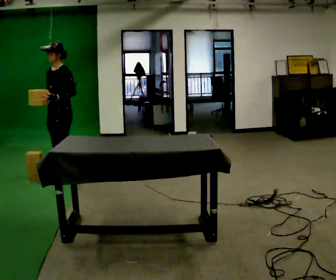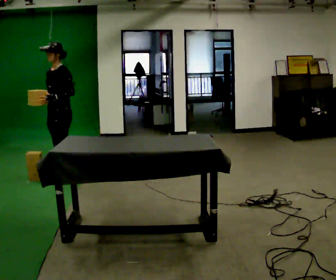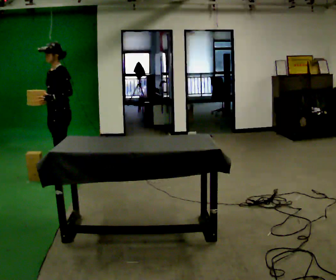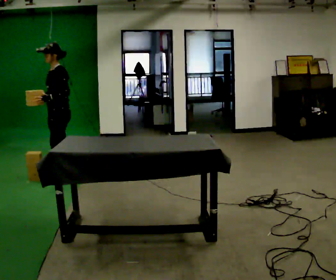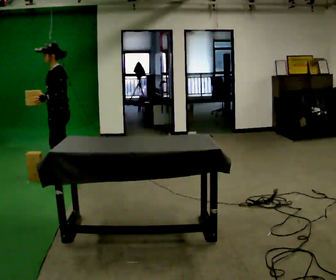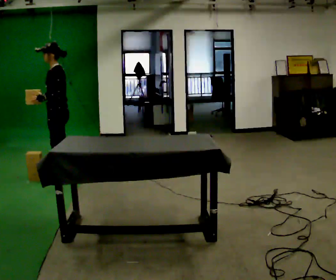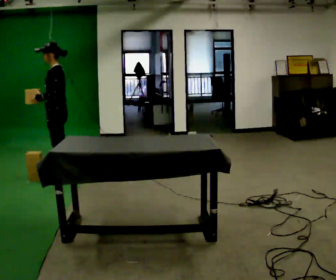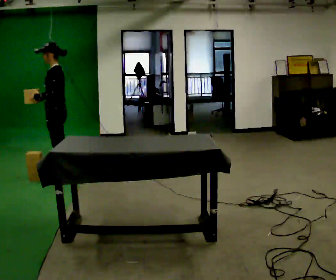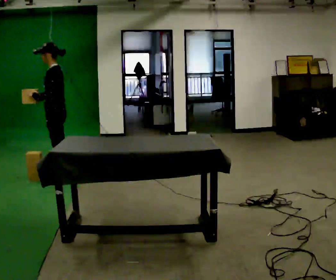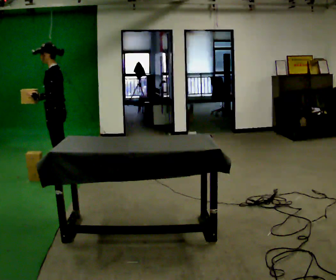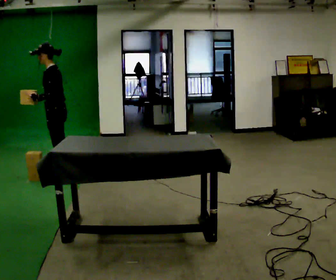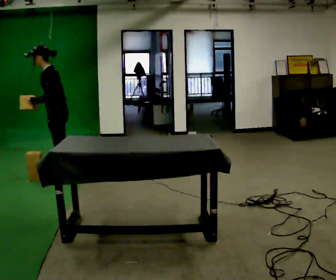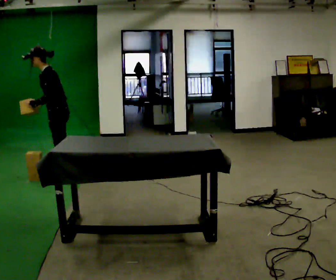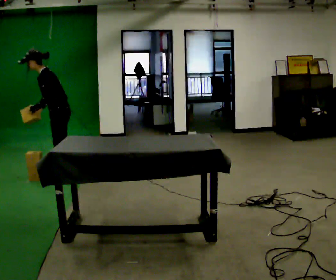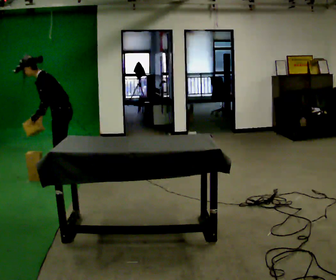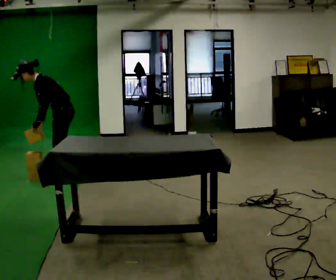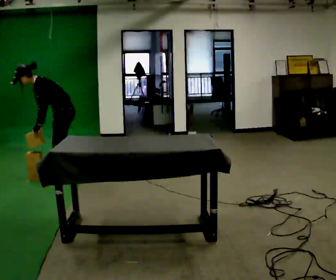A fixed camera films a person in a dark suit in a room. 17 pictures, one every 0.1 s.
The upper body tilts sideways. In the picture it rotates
counterclockwise.
0.0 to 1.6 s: The part of the body nearest the lens slides to the left as the person turns to their right by about 30 degrees. In the picture the upper body tilts counterclockwise, shoulders to the left, as they bend forward. In the picture their right hand goes downward.
The film runs backward here.
